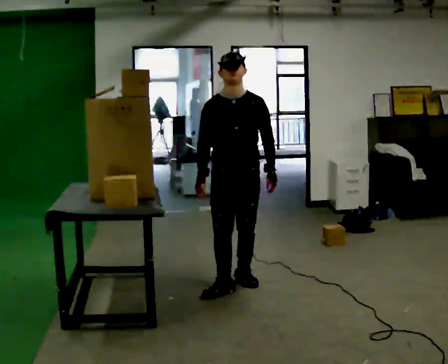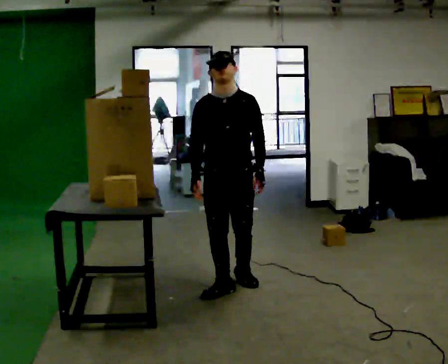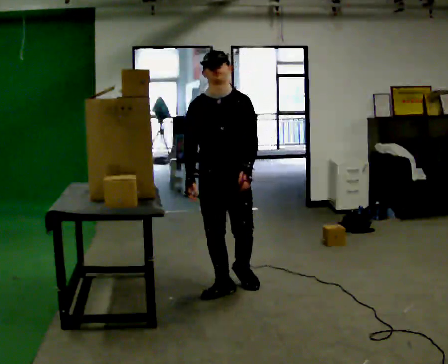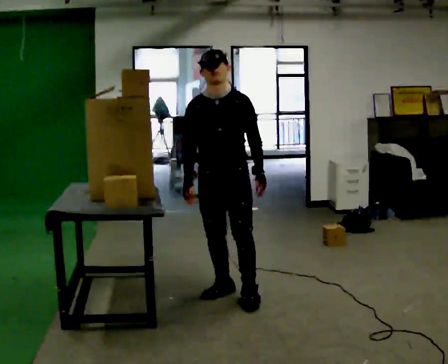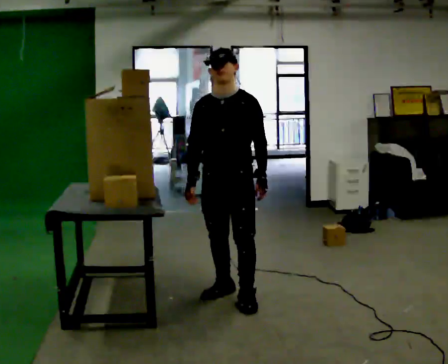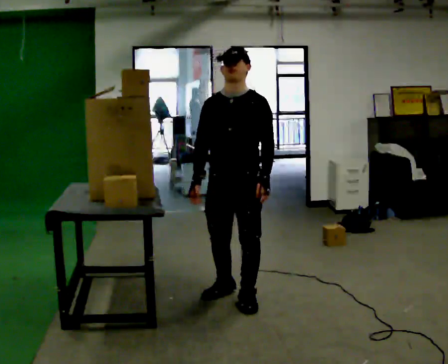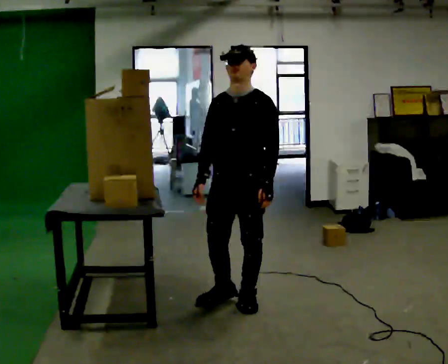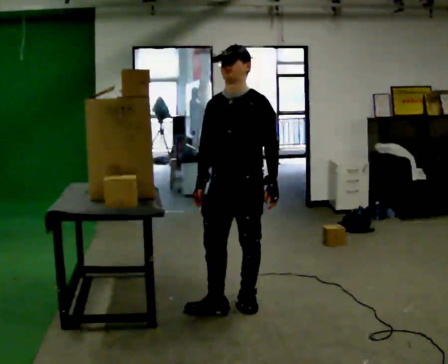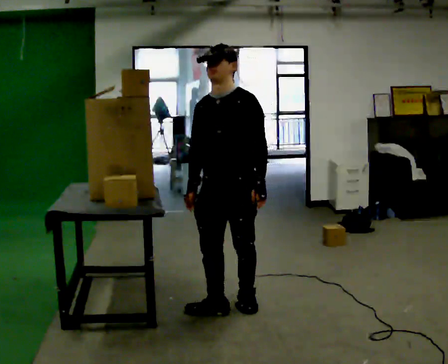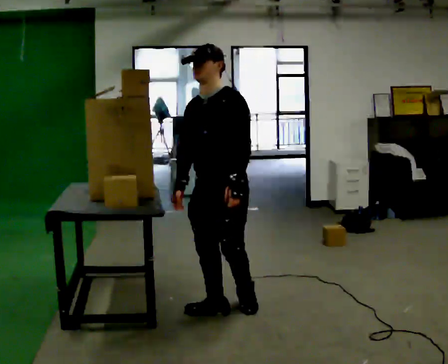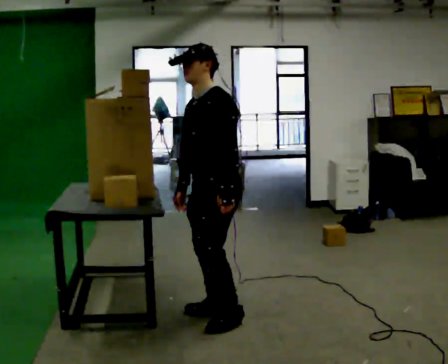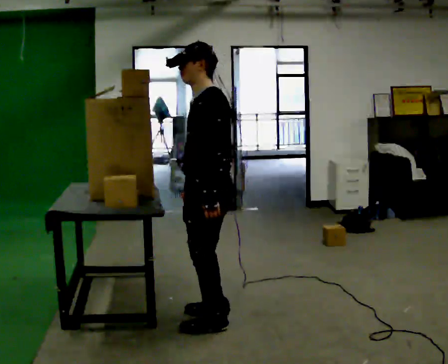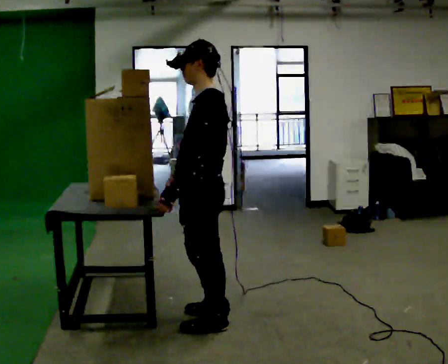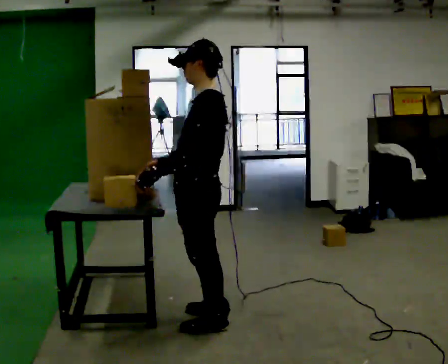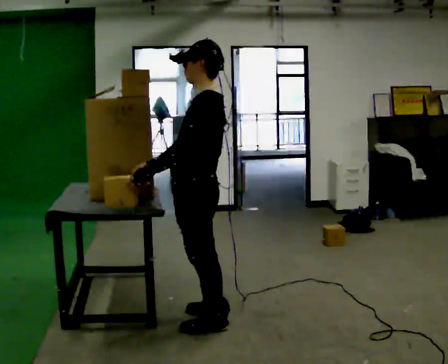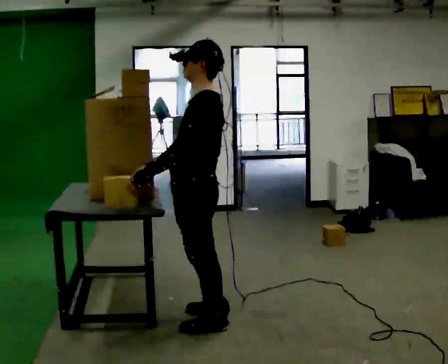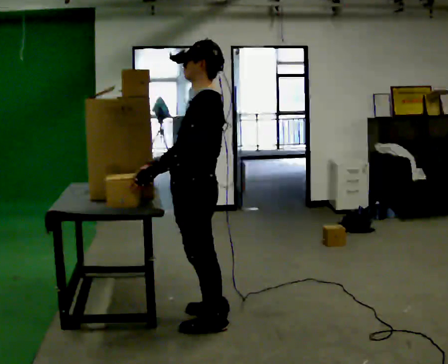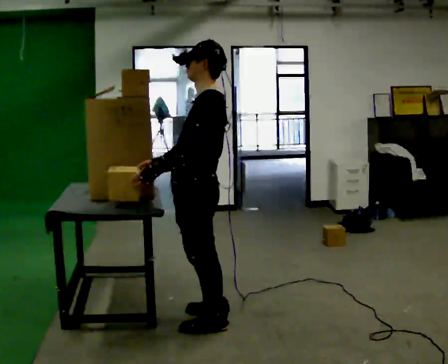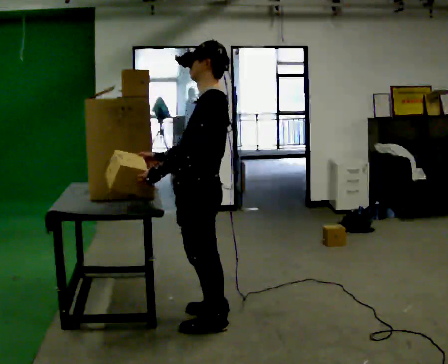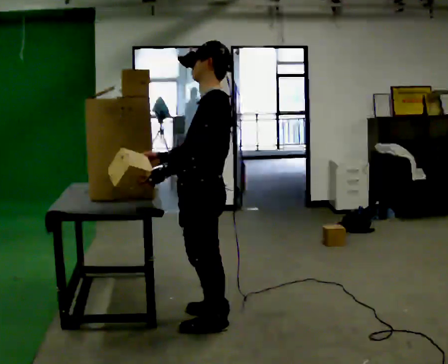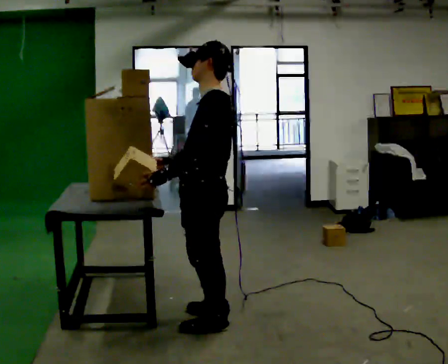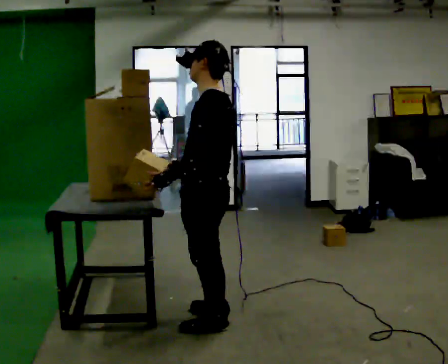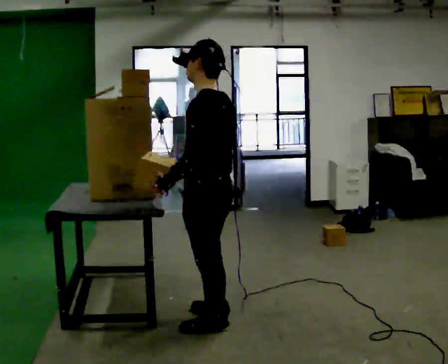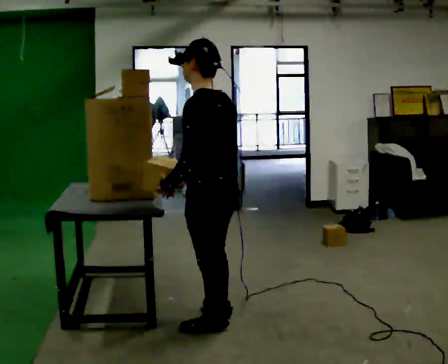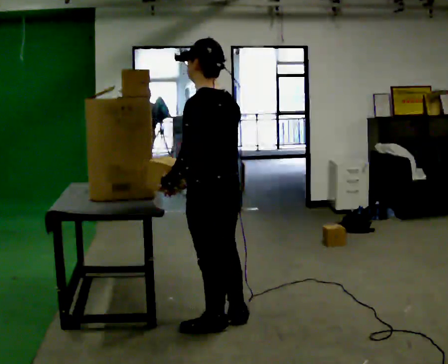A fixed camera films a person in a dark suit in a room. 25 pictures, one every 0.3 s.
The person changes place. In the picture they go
toward the camera.
The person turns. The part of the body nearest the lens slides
to the left.
0.0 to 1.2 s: In the picture they go toward the camera, about 0.25 m in 1 step, which for them is forward.
1.2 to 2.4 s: In the picture they go toward the camera, about 0.25 m in 1 step, which for them is forward.
2.4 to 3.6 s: The part of the body nearest the lens slides to the left as the person turns to their right by about 60 degrees. In the picture they go toward the camera and to the left, about 0.25 m in 1 step.
3.6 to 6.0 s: The person moves a little, or ends about where they began.
6.0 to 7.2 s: The part of the body nearest the lens slides to the left as the person turns to their right by about 30 degrees.
The film runs forward here.
